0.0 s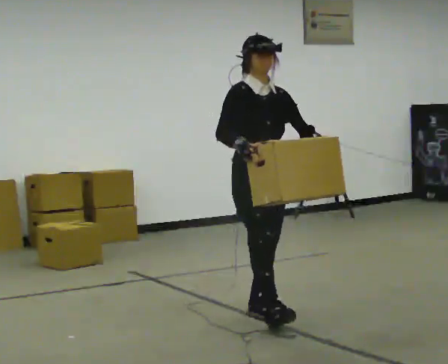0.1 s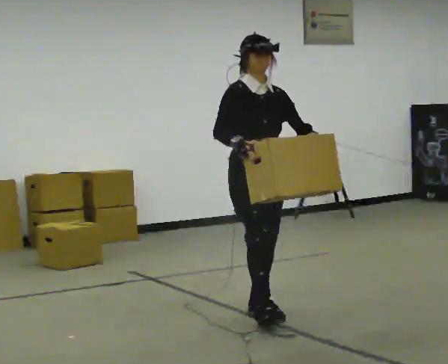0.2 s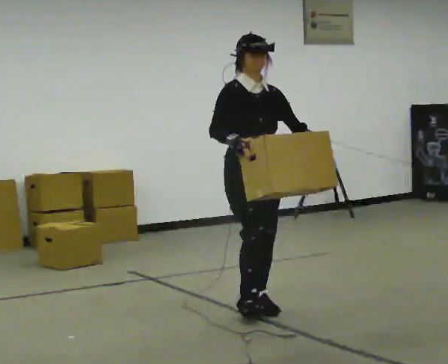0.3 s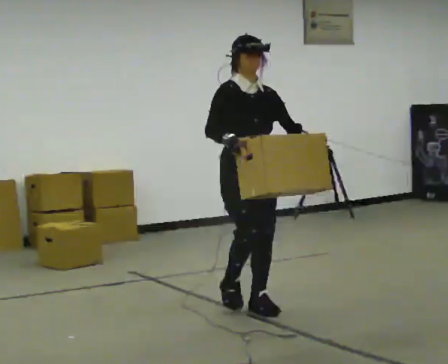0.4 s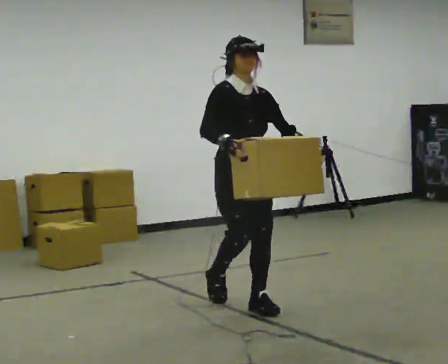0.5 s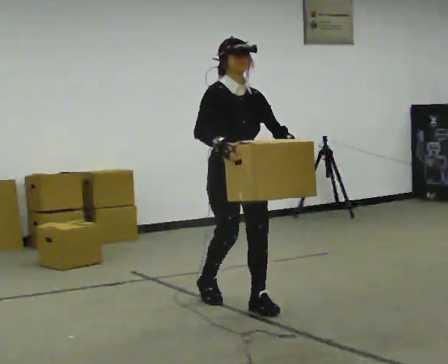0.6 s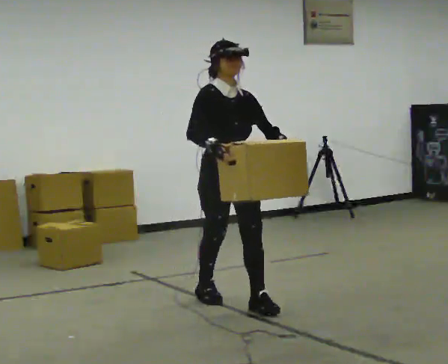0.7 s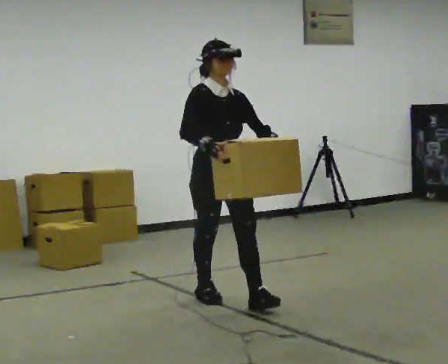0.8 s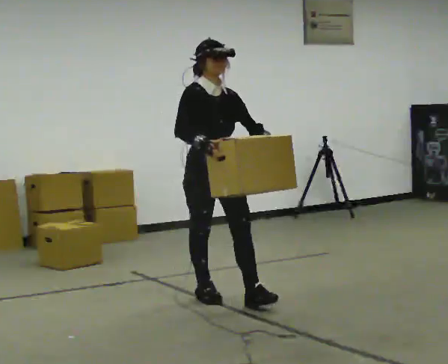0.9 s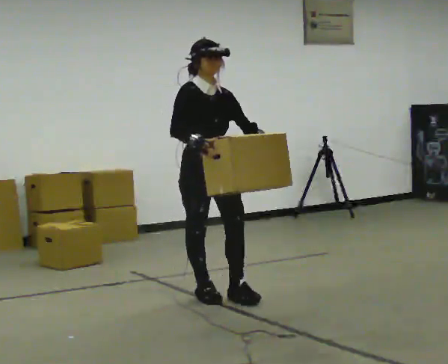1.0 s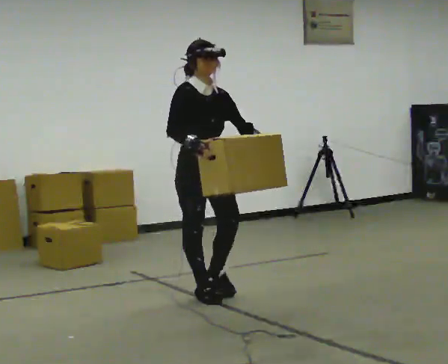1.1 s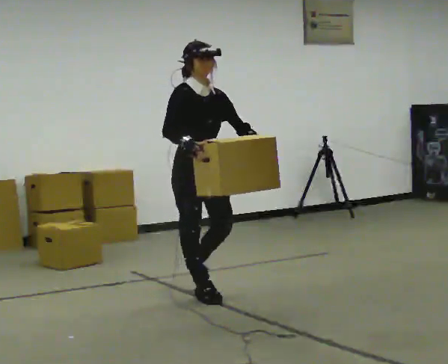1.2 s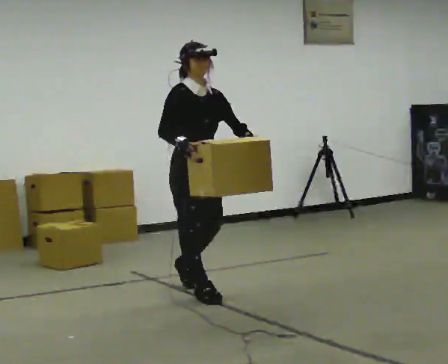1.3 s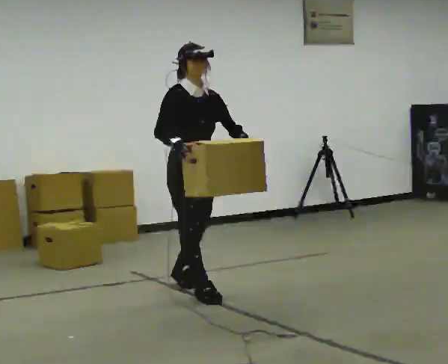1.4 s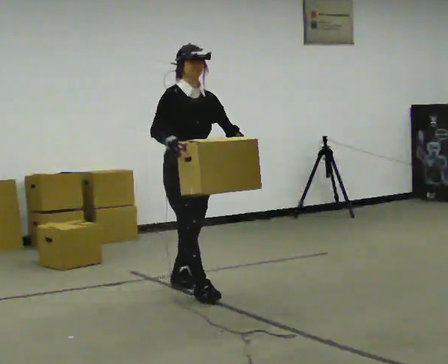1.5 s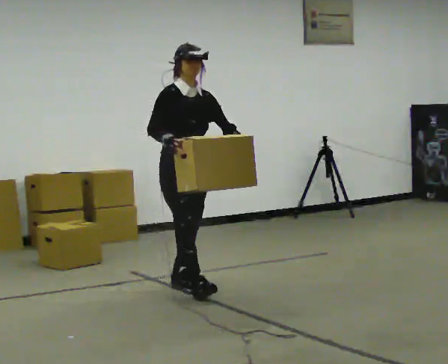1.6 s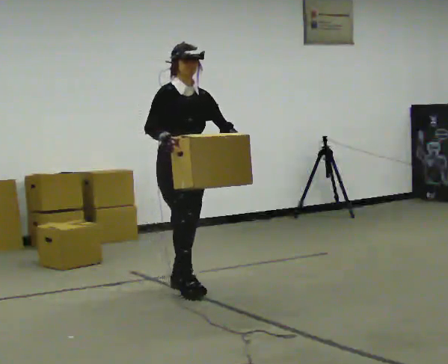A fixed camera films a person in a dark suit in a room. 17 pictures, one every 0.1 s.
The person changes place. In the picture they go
away from the camera.
0.0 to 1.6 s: In the picture they go away from the camera and to the left, about 1 m in 2 steps, which for them is backward.
The film runs backward here.
